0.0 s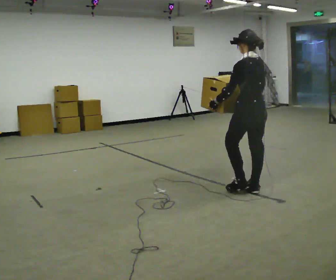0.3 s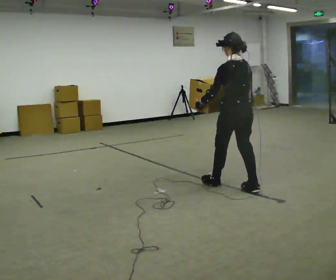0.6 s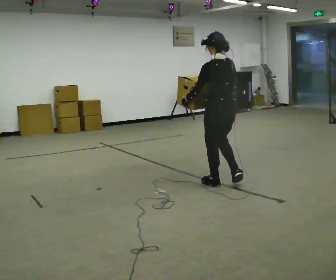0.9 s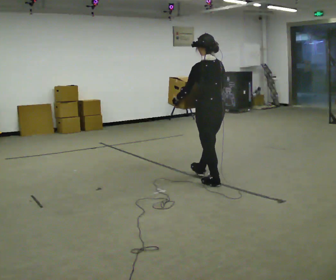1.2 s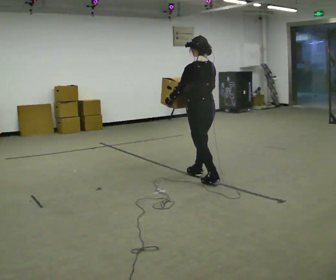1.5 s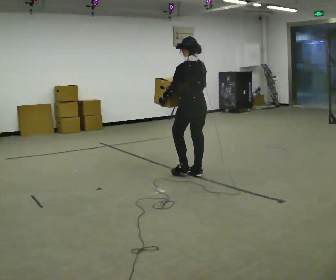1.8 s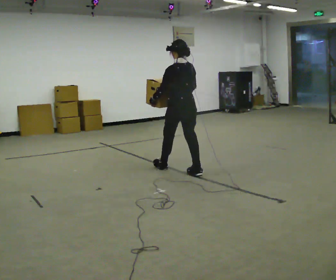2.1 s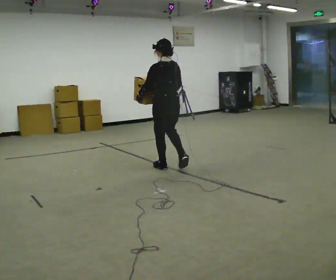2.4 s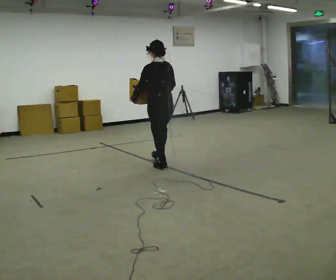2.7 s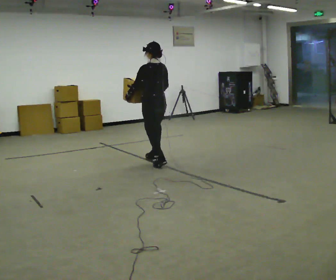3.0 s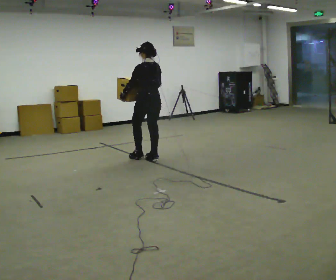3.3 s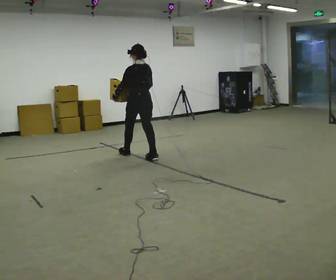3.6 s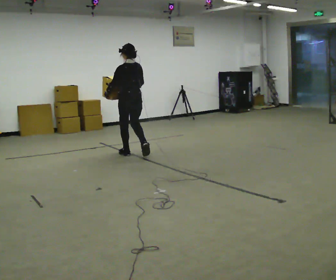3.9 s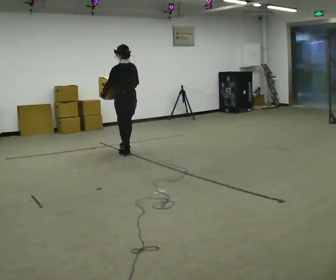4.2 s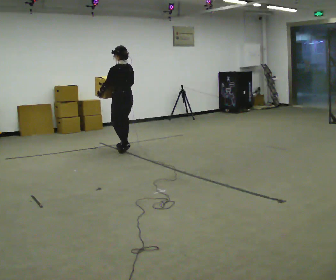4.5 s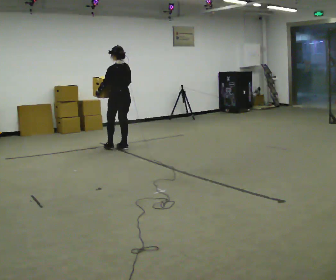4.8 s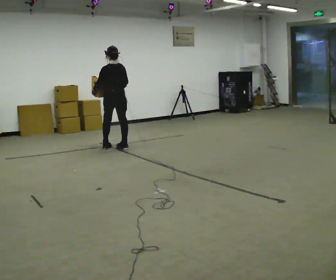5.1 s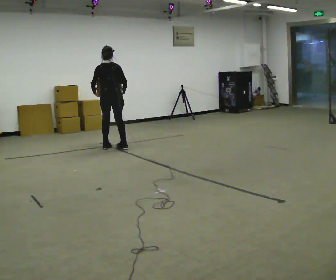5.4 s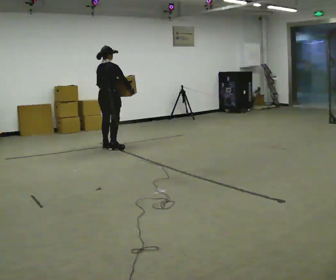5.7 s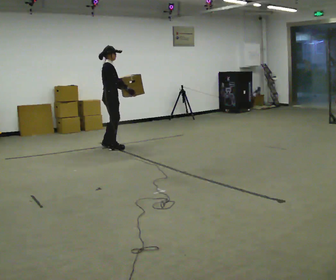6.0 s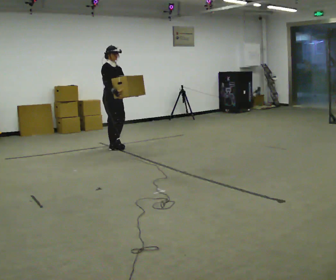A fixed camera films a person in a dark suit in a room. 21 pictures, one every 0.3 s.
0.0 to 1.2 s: In the picture they go away from the camera and to the left, about 0.5 m in 2 steps, which for them is forward.
1.2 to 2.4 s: In the picture they go away from the camera and to the left, about 0.5 m in 1 step, which for them is forward.
2.4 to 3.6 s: In the picture they go away from the camera and to the left, about 1 m in 2 steps, which for them is forward.
3.6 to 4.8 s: In the picture they go away from the camera and to the left, about 0.5 m in 2 steps, which for them is forward.
4.8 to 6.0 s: Seen from above the body turns clockwise, about 150 degrees: to their right, with its near side sliding to the left.
The film runs forward here.
